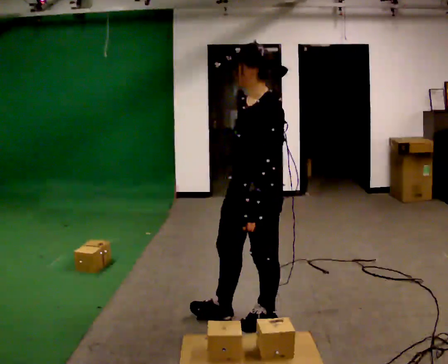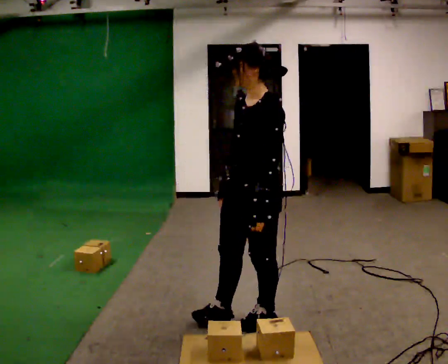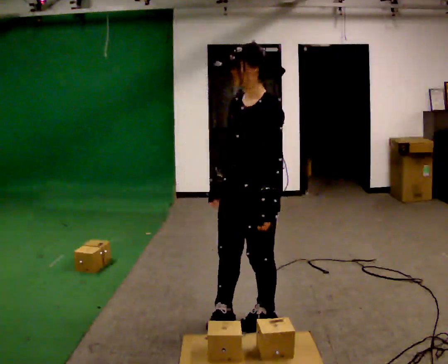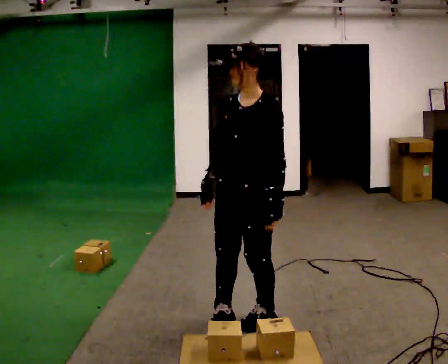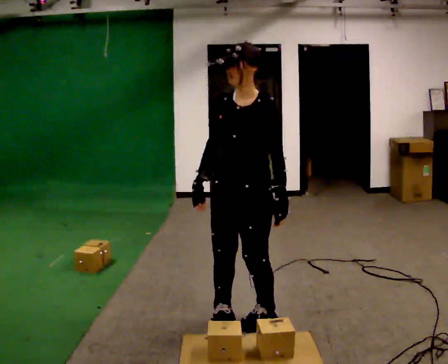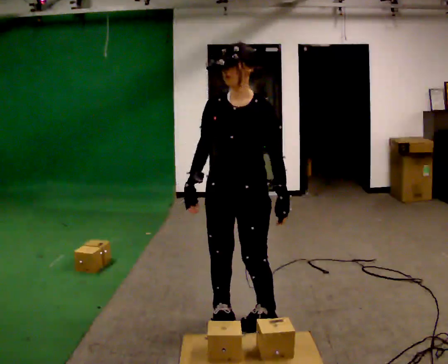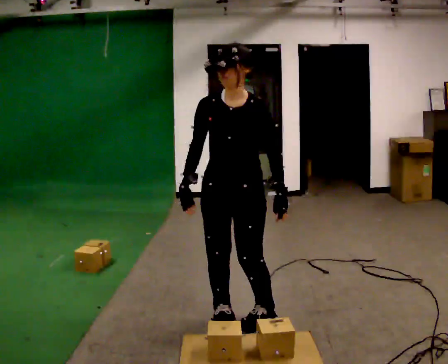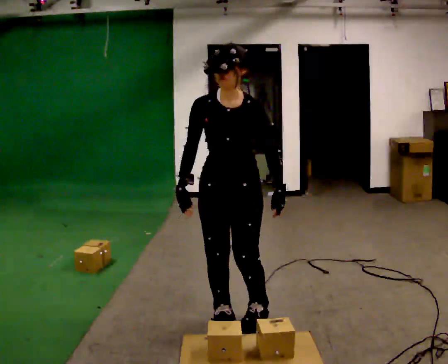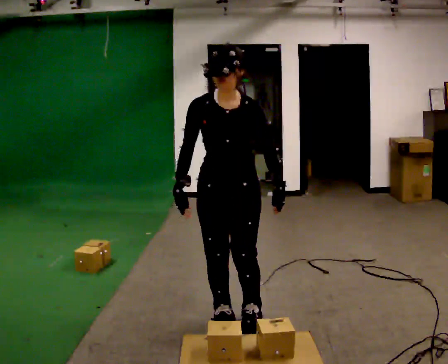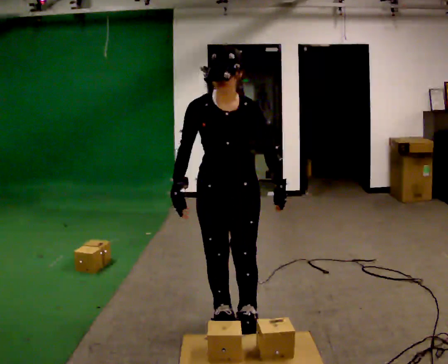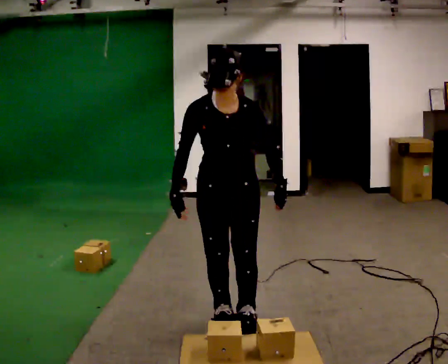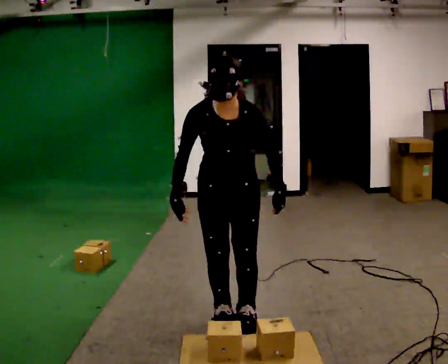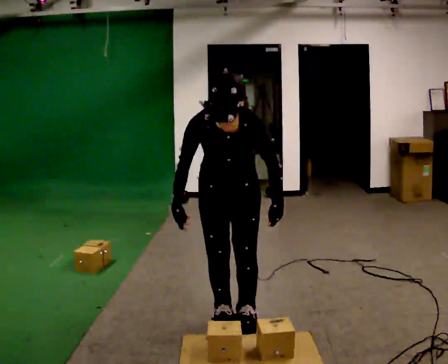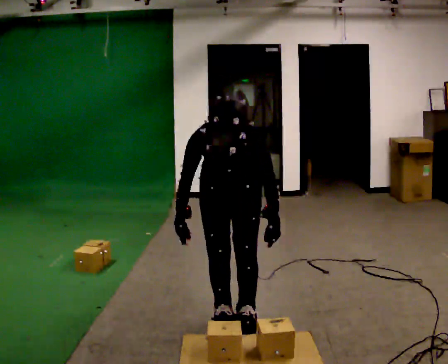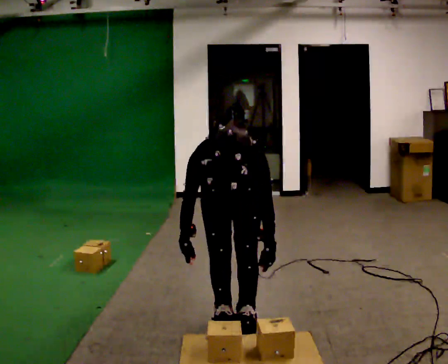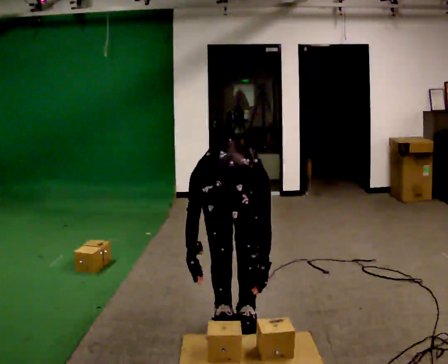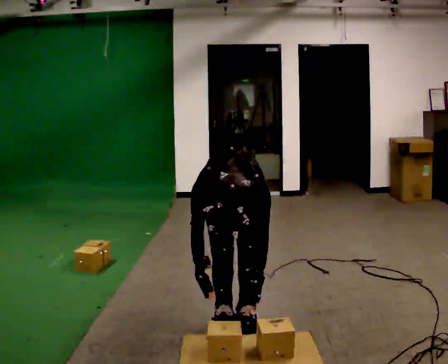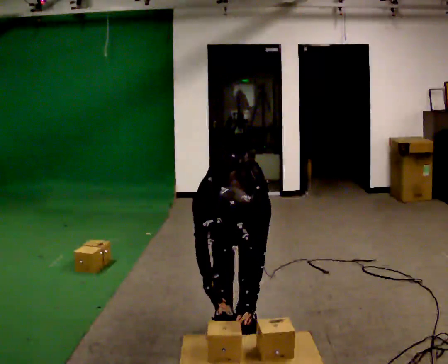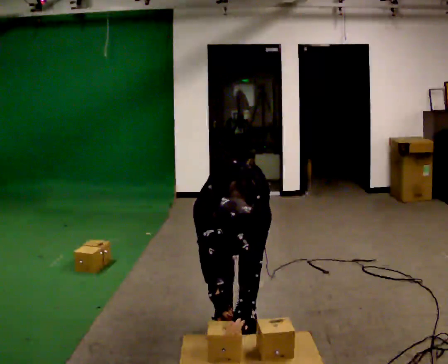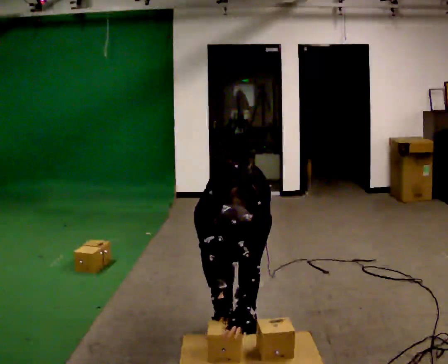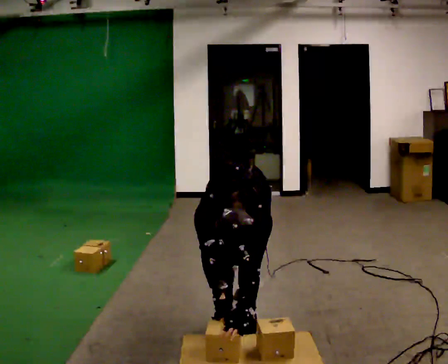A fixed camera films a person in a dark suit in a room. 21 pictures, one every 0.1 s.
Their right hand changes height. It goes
downward.
The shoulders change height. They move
downward.
0.0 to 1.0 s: The part of the body nearest the lens slides to the right as the person turns to their left by about 75 degrees. In the picture they go to the left, about 0.25 m.
1.0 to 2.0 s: The shoulders move downward. The upper body tips toward the camera, its near side rolling downward, as they bend forward. In the picture their left hand goes downward.
The film runs backward here.
